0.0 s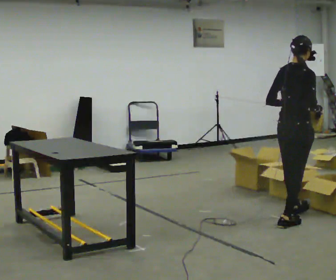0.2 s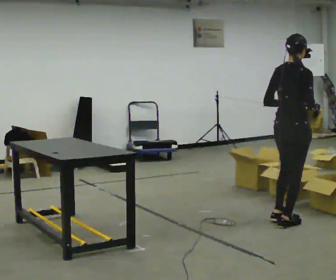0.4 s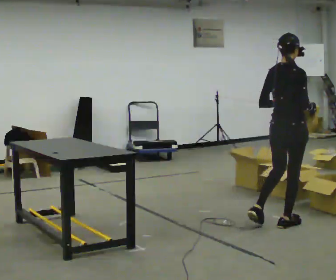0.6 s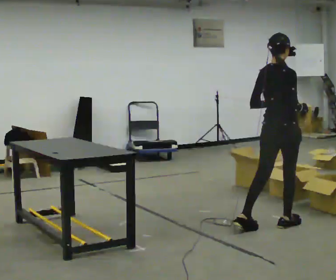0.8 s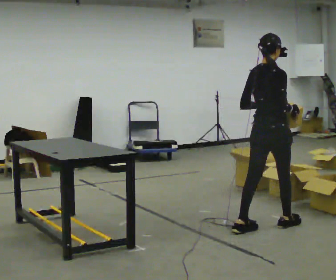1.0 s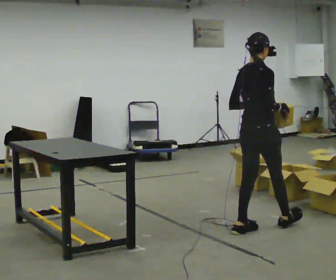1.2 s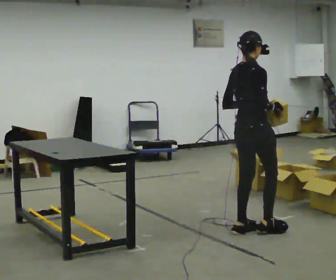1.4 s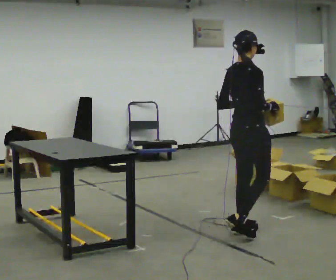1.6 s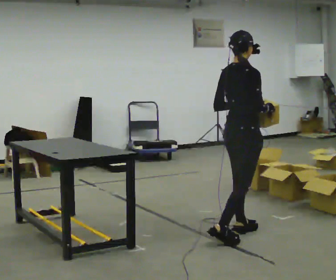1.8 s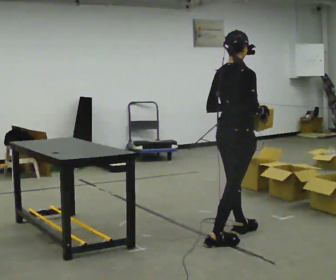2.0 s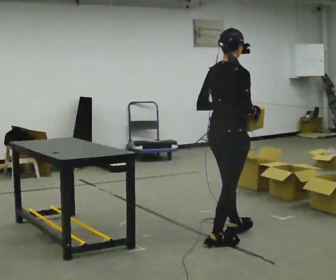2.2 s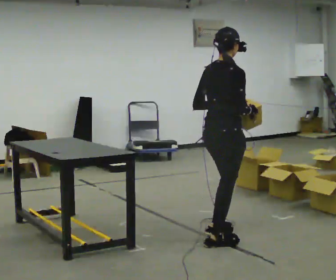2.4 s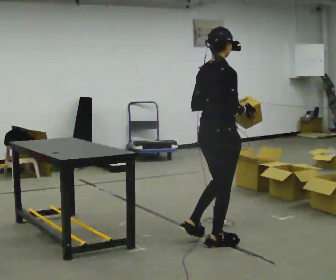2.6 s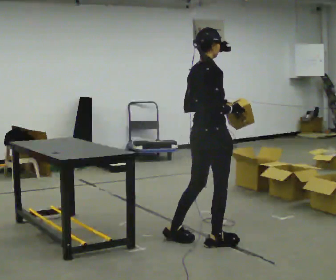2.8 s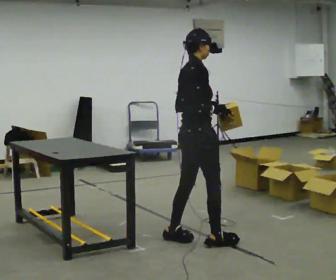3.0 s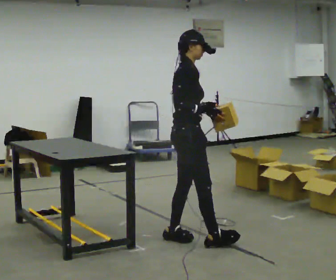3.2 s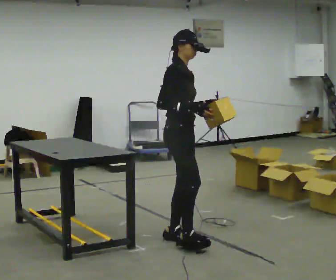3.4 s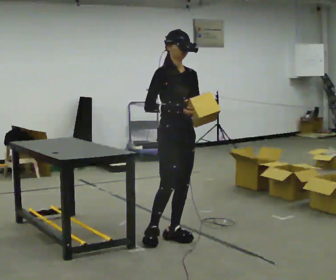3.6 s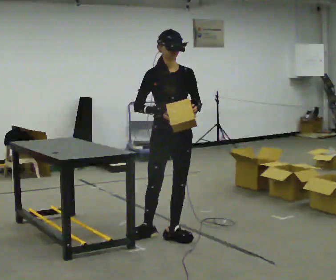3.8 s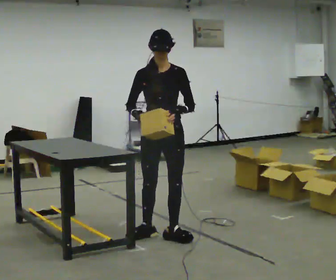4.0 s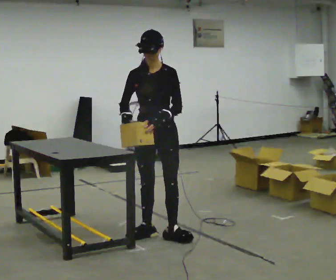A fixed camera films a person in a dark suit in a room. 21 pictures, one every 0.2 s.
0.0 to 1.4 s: In the picture they go to the left and toward the camera, about 0.5 m in 2 steps, which for them is backward.
1.4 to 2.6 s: In the picture they go to the left and toward the camera, about 0.5 m in 1 step, which for them is backward.
2.6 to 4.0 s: The person turns about 135 degrees to their right, clockwise seen from above, so the part of the body nearest the lens slides to the left. In the picture they go to the left and away from the camera, about 0.5 m in 1 step.
The film runs backward here.
